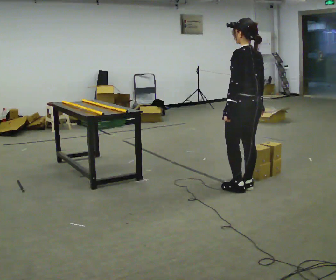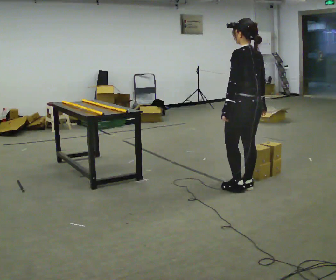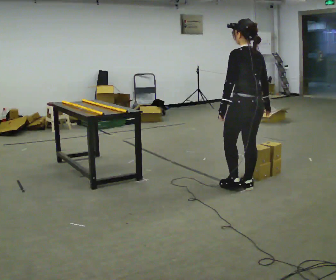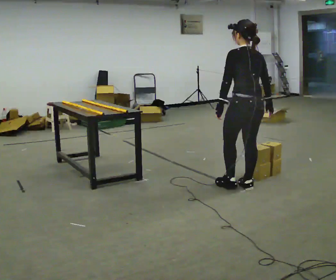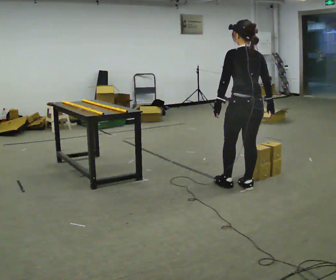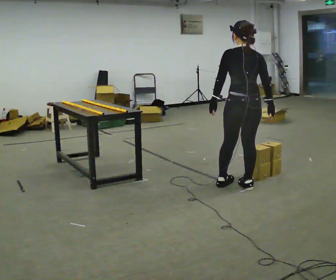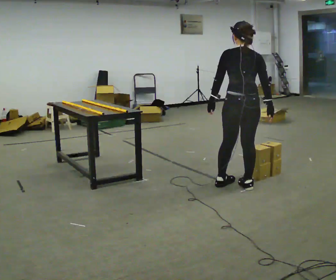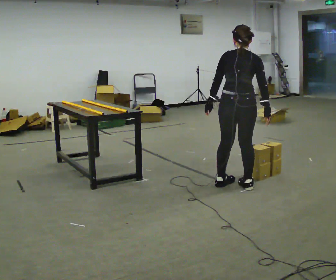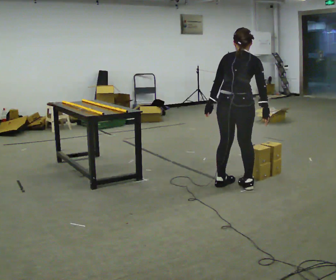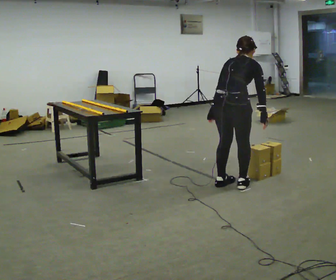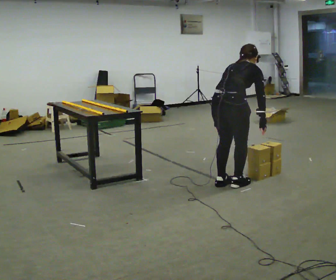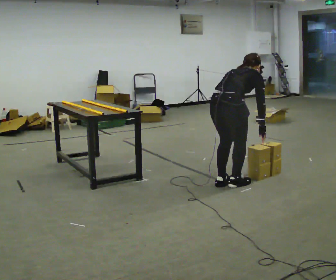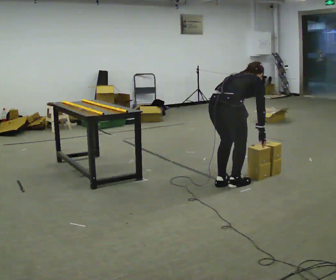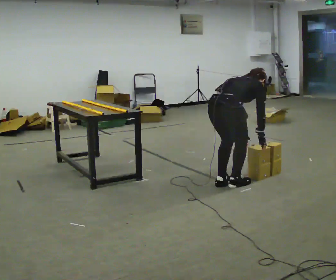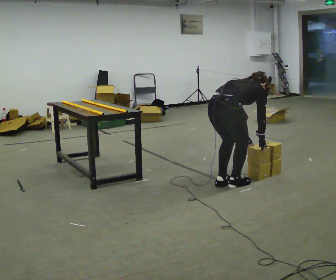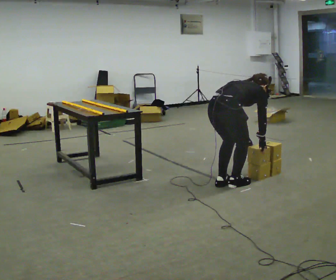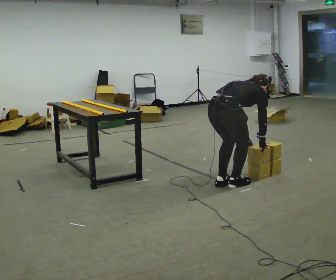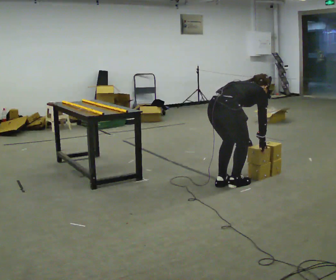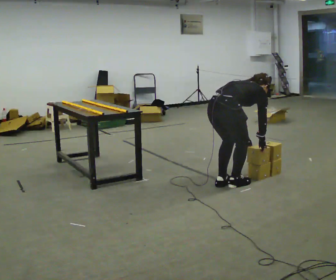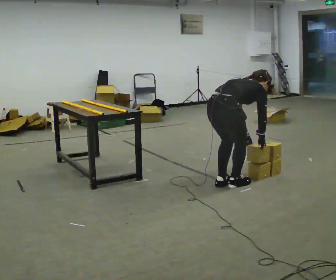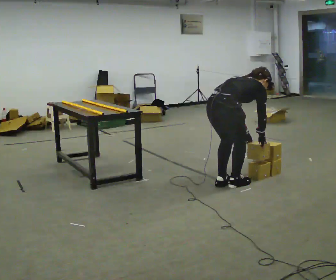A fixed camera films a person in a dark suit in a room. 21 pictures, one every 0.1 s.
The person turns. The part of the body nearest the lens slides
to the left.
The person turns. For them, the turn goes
to their right.
0.0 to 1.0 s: The person turns about 75 degrees to their right, clockwise seen from above, so the part of the body nearest the lens slides to the left. In the picture they go to the left, about 0.25 m in 2 steps. The upper body tips away from the camera, its near side rolling upward, as they bend forward.
1.0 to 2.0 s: The shoulders move downward. In the picture the upper body tilts clockwise, shoulders to the right, as they bend forward.
The film runs backward here.
